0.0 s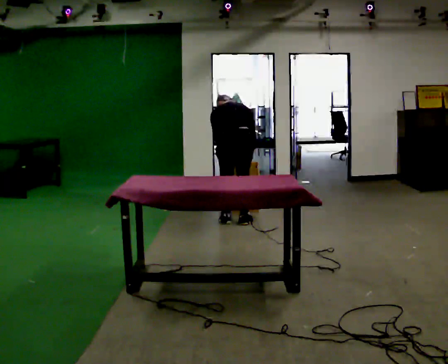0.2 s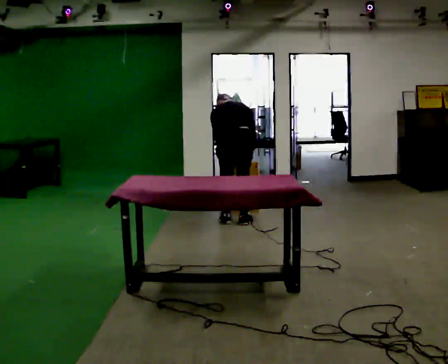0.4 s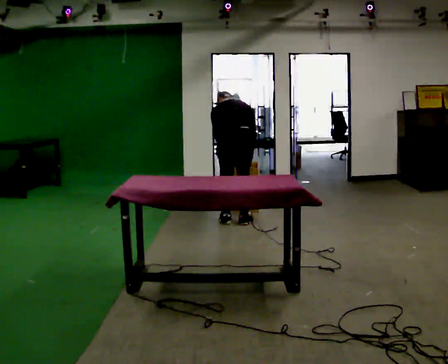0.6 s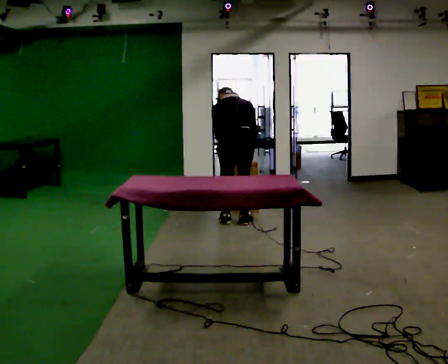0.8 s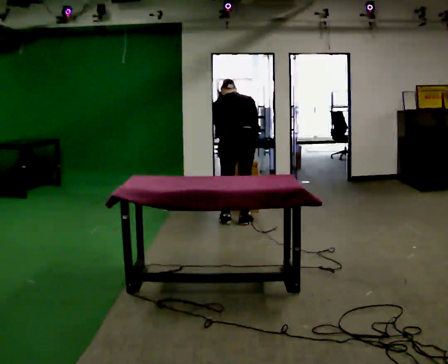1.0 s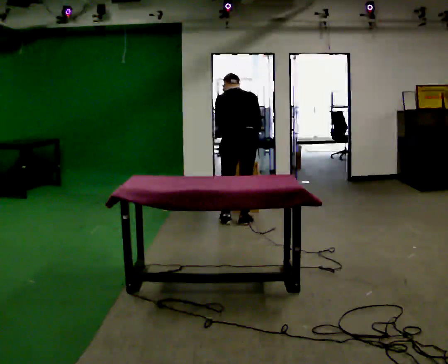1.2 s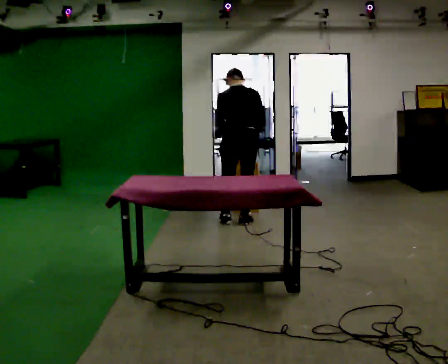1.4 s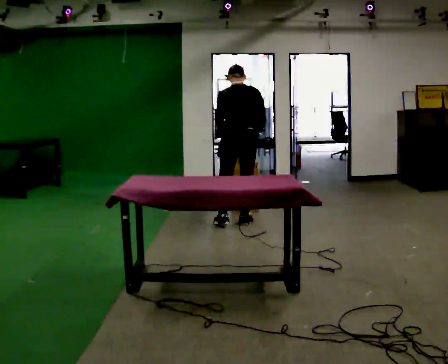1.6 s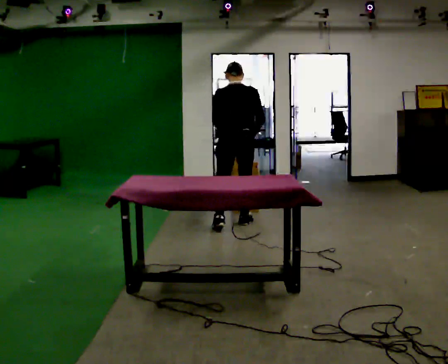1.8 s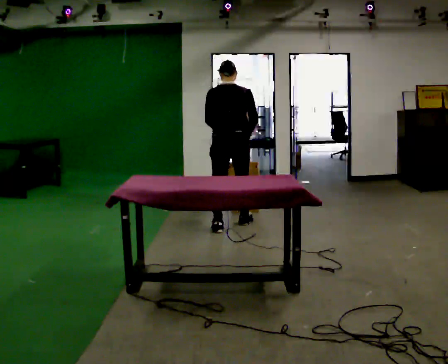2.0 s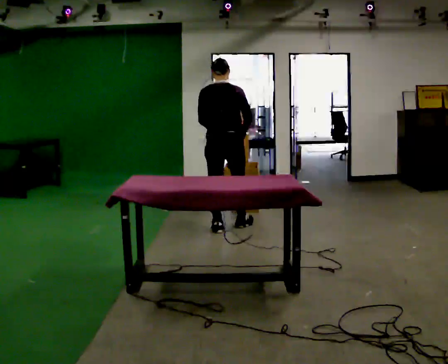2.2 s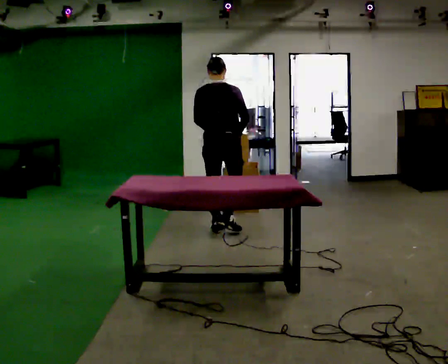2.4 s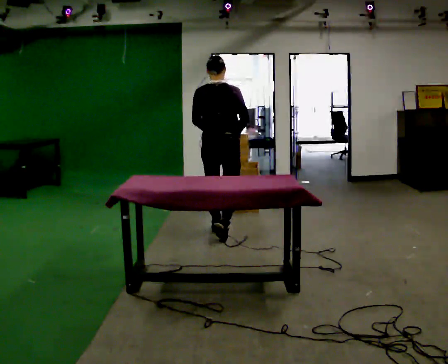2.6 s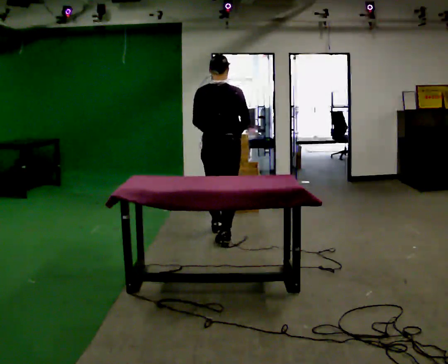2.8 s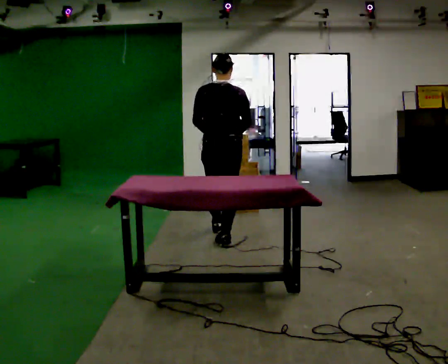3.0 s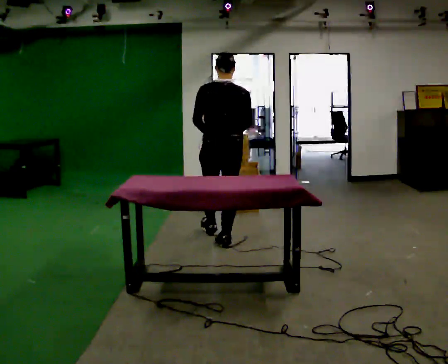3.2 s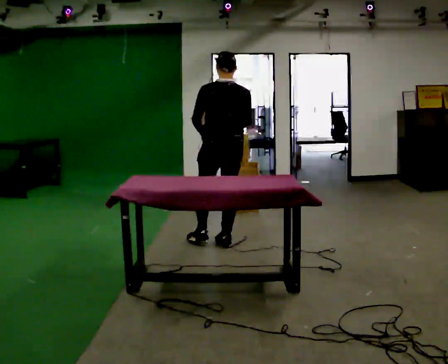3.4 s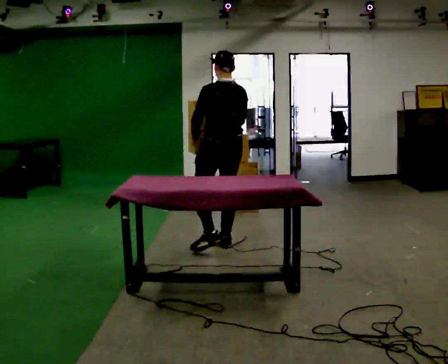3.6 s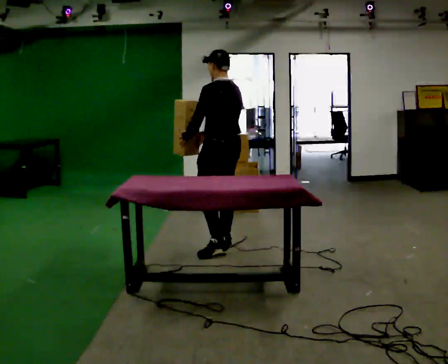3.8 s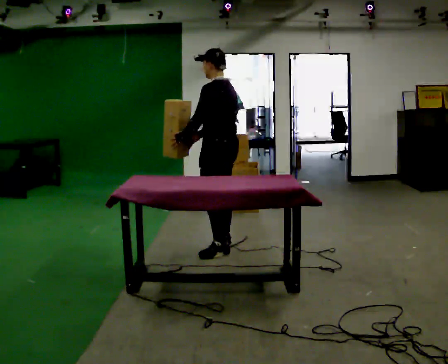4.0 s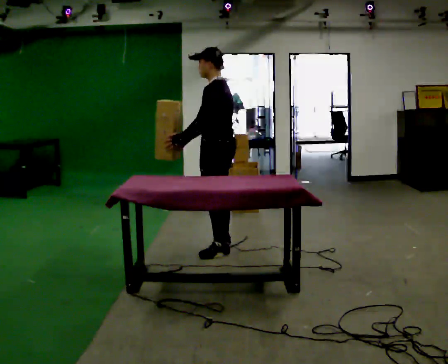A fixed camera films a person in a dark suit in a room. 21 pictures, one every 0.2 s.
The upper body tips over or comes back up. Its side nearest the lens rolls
downward.
The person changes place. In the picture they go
toward the camera.
0.0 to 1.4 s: The upper body goes upward. The upper body tips toward the camera, its near side rolling downward, as they lean back or straighten.
1.4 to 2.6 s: In the picture they go toward the camera and to the left, about 0.5 m in 1 step, which for them is backward. The upper body tips toward the camera, its near side rolling downward, as they lean back or straighten.
2.6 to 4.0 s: Seen from above the body turns counterclockwise, about 90 degrees: to their left, with its near side sliding to the right. In the picture they go toward the camera, about 0.5 m in 1 step.
The film runs backward here.
